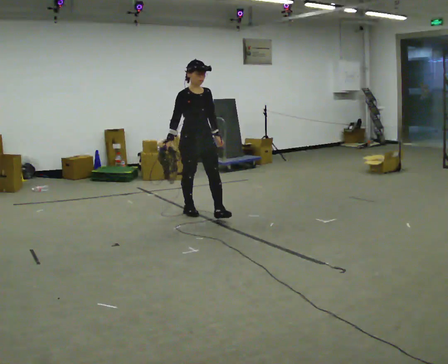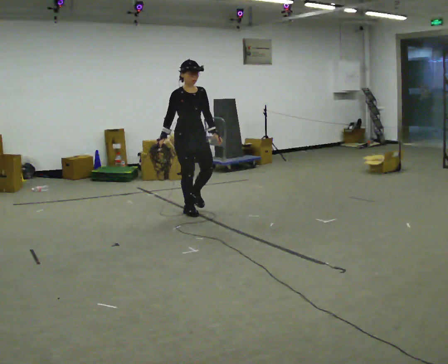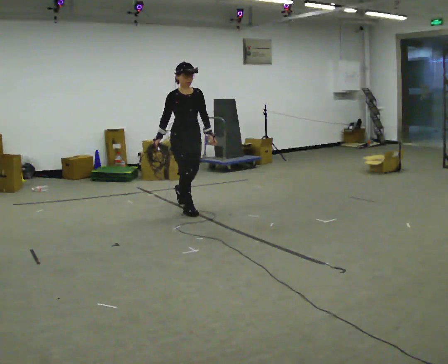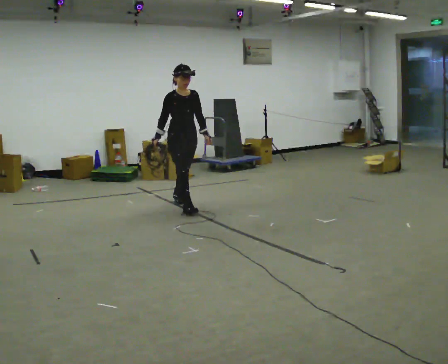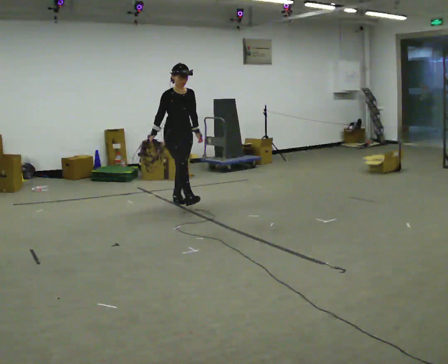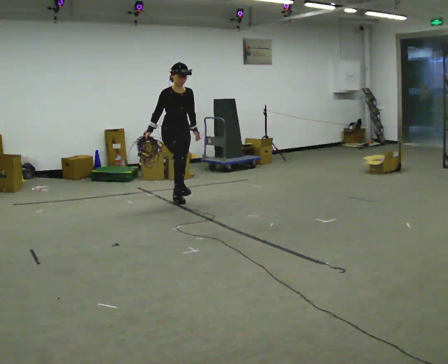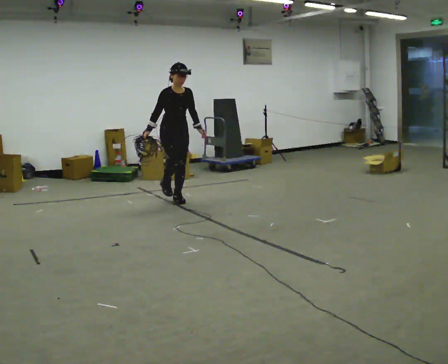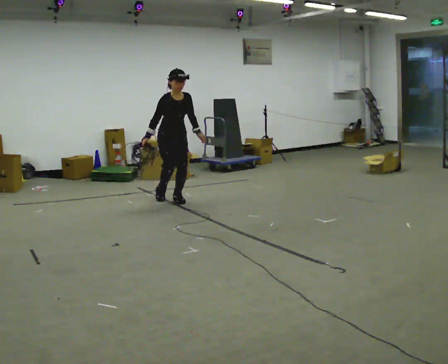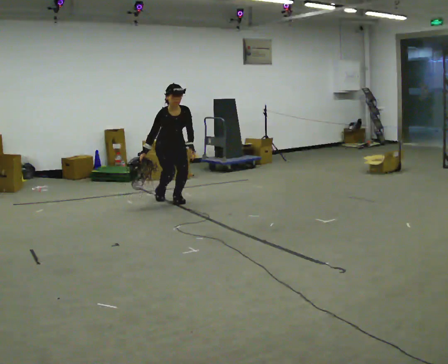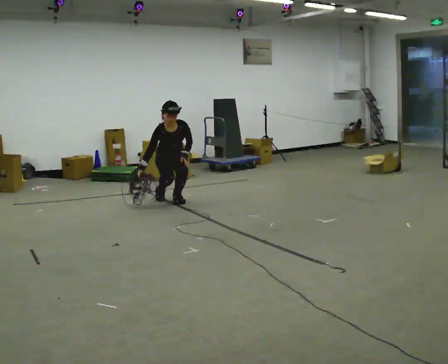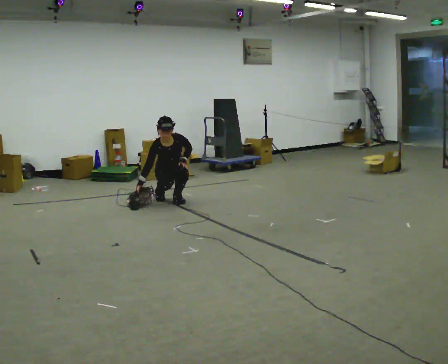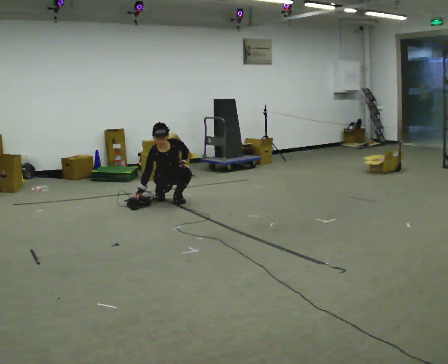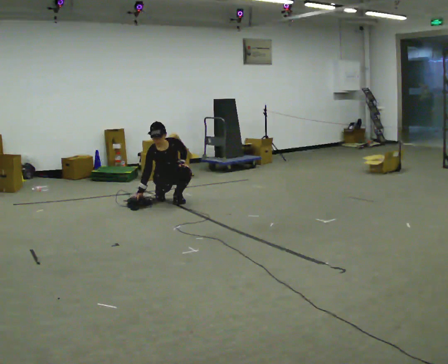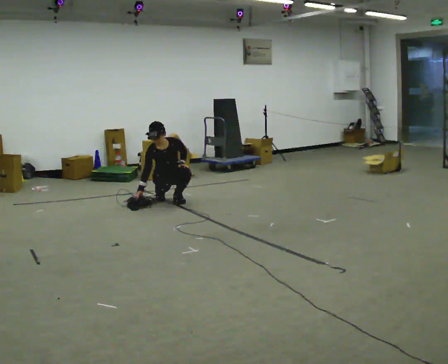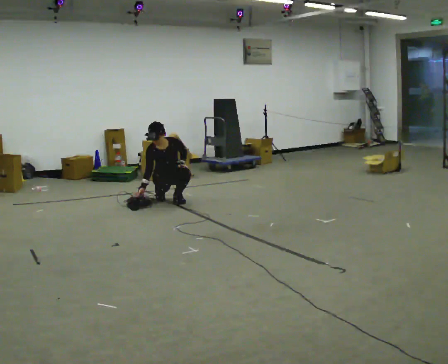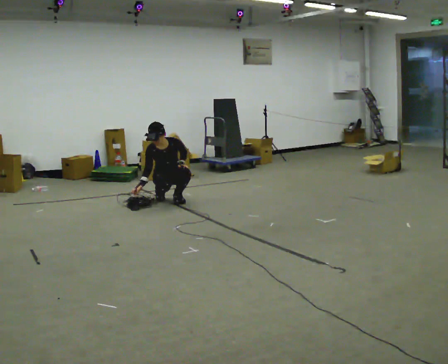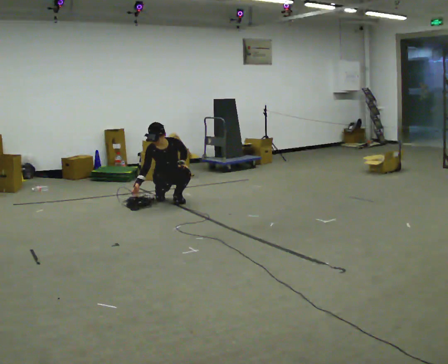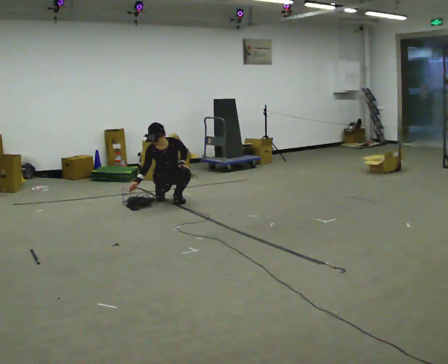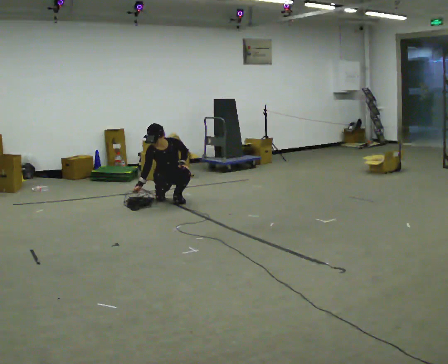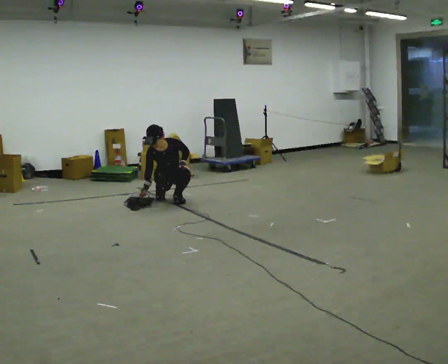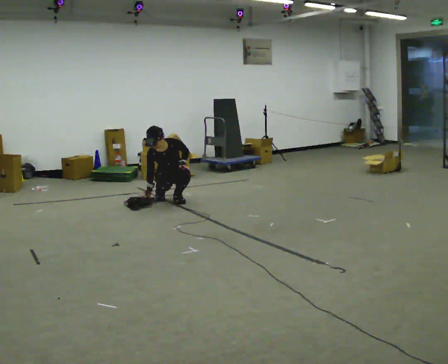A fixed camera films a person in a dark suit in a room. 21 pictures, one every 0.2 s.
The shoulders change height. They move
downward.
The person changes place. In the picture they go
away from the camera.
0.0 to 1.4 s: In the picture they go away from the camera and to the left, about 1 m in 1 step, which for them is backward.
1.4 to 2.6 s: The shoulders move downward. In the picture the upper body tilts counterclockwise, shoulders to the left. In the picture their left hand goes downward.
2.6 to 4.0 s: The person moves a little, or ends about where they began.
The film runs backward here.
